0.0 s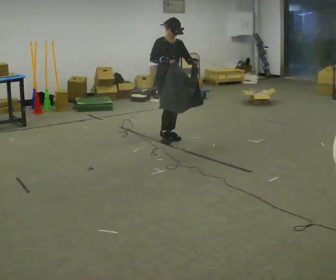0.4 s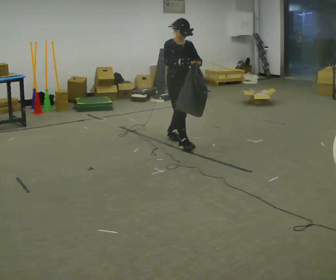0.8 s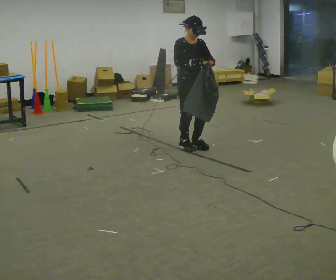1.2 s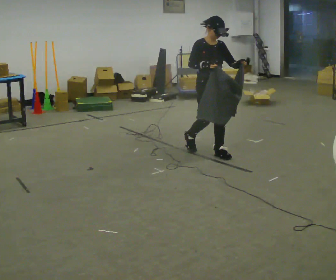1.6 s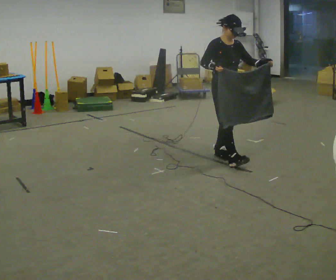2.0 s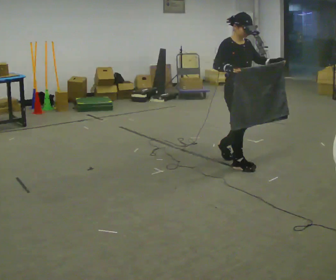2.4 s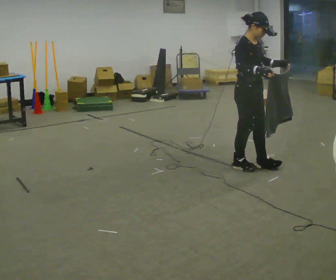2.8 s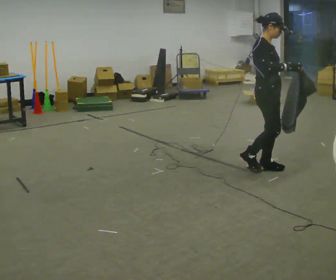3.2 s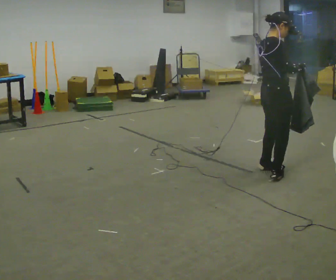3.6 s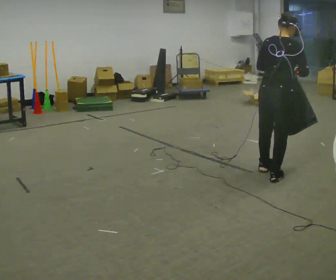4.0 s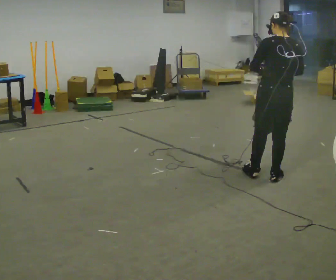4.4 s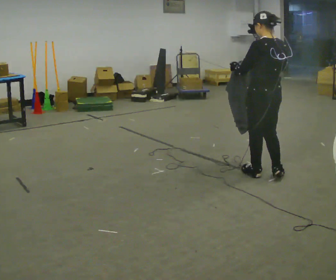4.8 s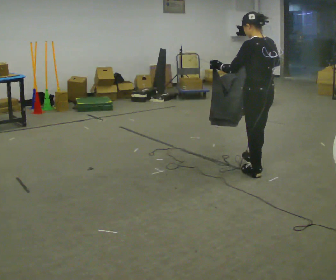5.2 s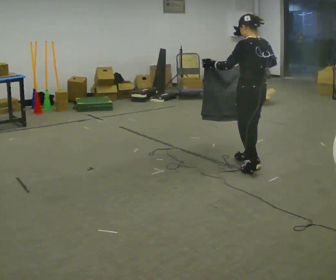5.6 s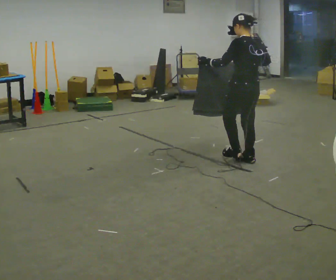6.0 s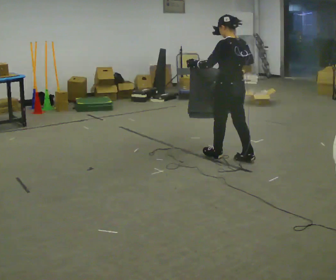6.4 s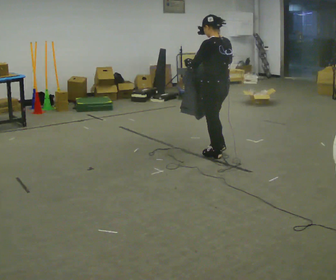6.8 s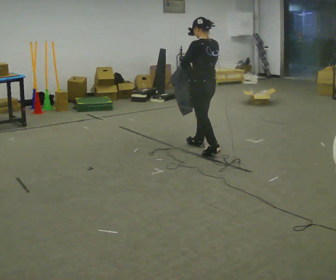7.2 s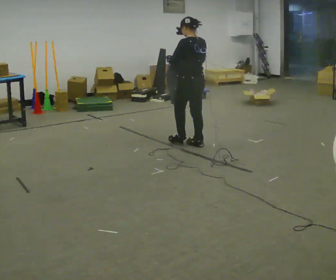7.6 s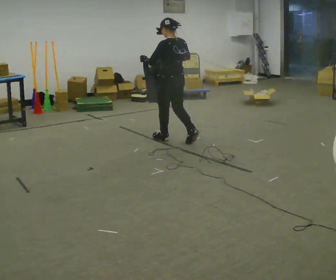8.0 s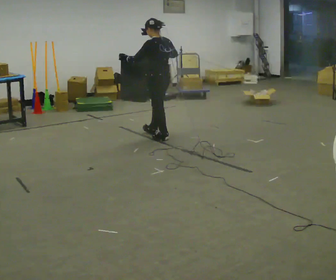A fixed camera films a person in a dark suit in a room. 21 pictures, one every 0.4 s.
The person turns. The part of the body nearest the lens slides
to the right.
The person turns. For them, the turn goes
to their left.
0.0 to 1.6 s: In the picture they go to the right and toward the camera, about 1 m in 2 steps, which for them is forward.
1.6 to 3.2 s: The part of the body nearest the lens slides to the right as the person turns to their left by about 75 degrees. In the picture they go to the right and toward the camera, about 0.5 m in 3 steps.
3.2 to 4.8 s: The part of the body nearest the lens slides to the right as the person turns to their left by about 105 degrees. In the picture their left hand goes to the left.
4.8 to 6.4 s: In the picture they go away from the camera and to the left, about 0.75 m in 2 steps, which for them is forward.
6.4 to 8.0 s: In the picture they go to the left and away from the camera, about 1 m in 2 steps, which for them is forward.
The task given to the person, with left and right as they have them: Carry the cloth and, while walking, fold it in half, then unfold it. Keep repeating as you walk. Do not stop.
The film runs forward here.
